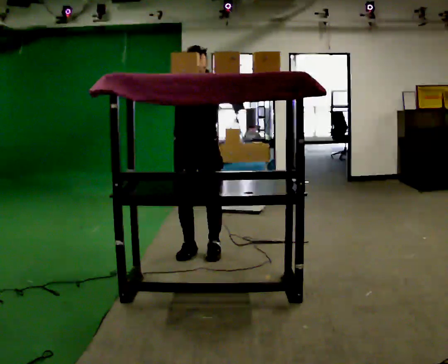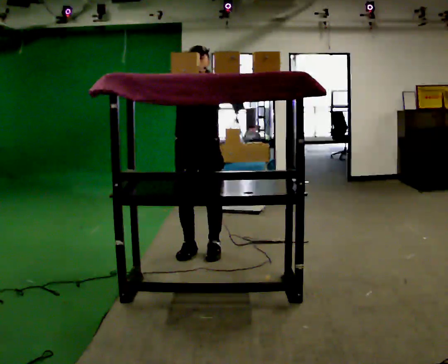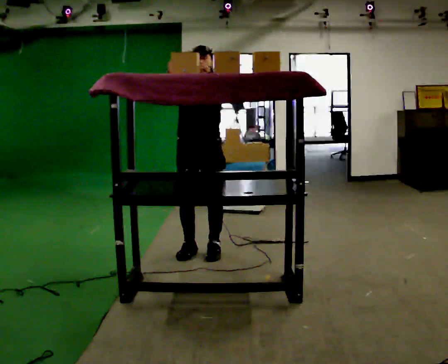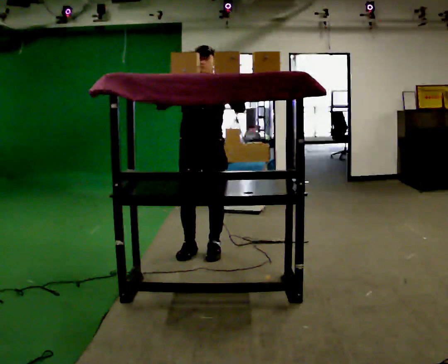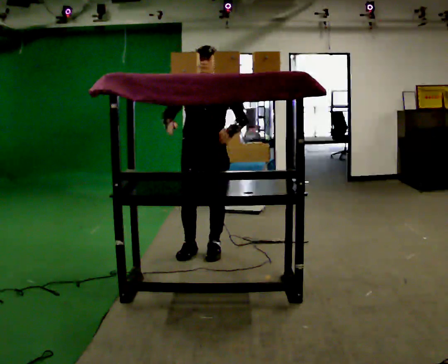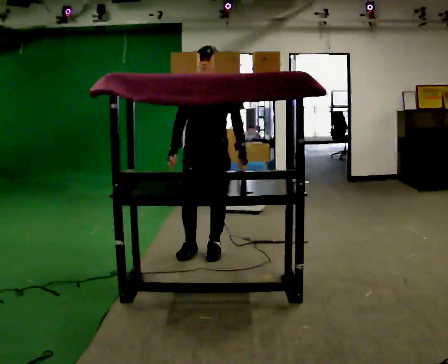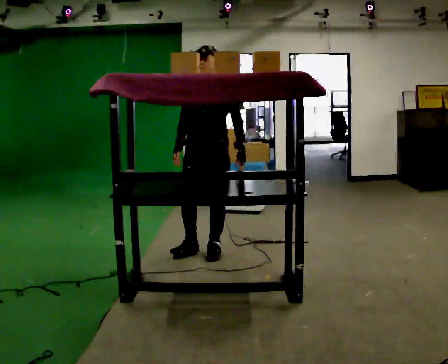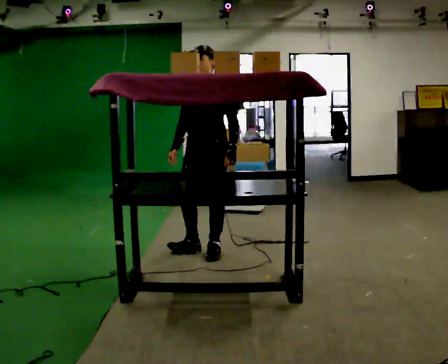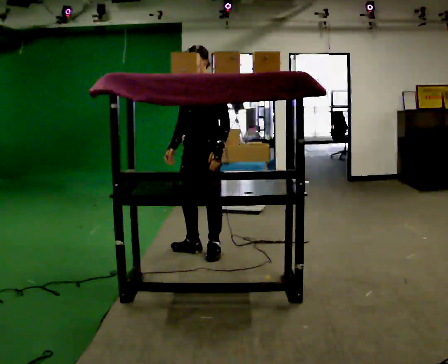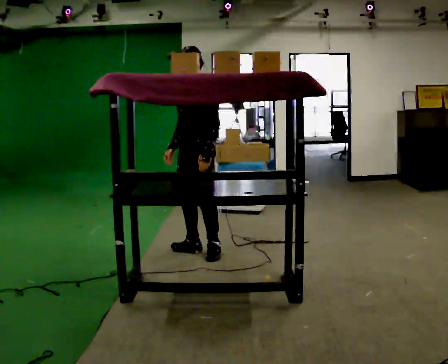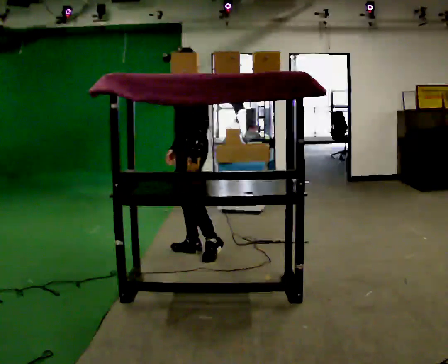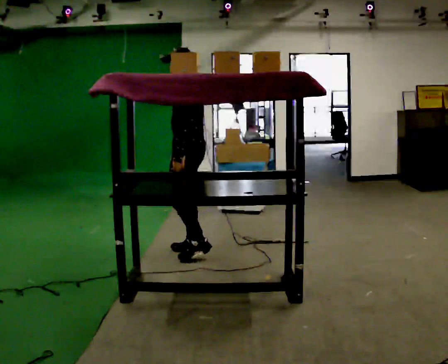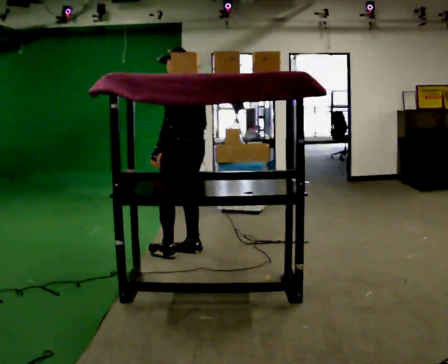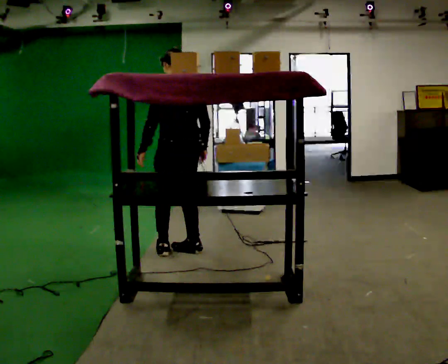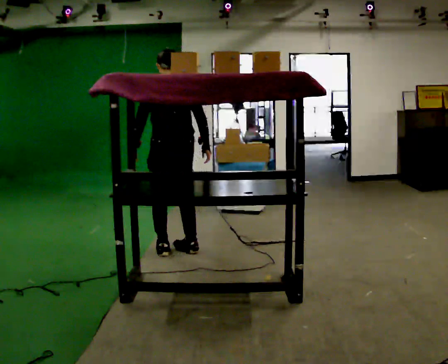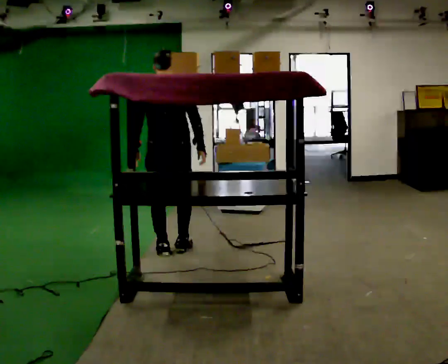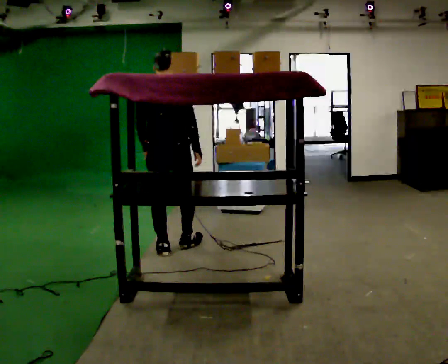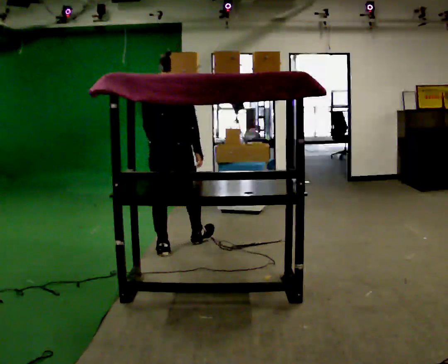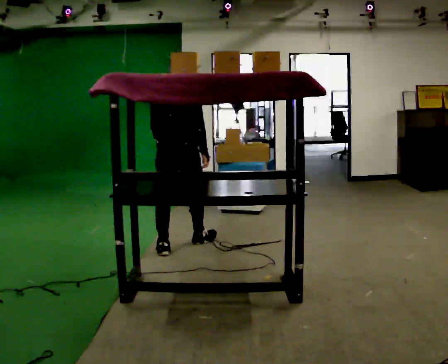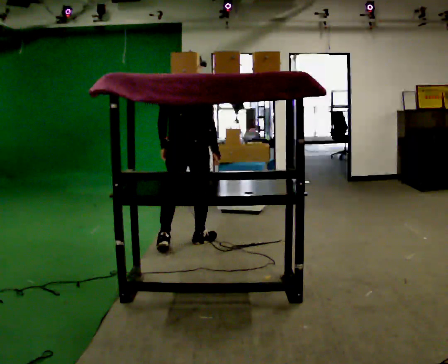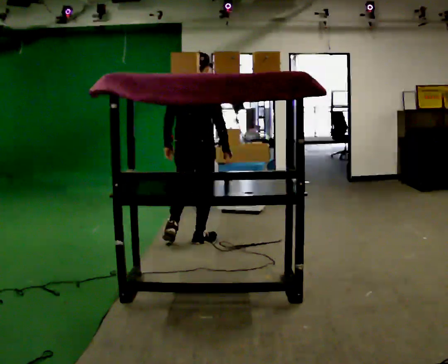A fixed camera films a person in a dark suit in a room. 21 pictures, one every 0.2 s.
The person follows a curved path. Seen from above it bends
clockwise.
The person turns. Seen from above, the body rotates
clockwise.
0.0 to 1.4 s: The part of the body nearest the lens slides to the left as the person turns to their right by about 30 degrees. In the picture their right hand goes downward.
1.4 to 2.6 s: The person turns about 120 degrees to their right, clockwise seen from above, so the part of the body nearest the lens slides to the left. In the picture they go to the left, about 0.25 m in 1 step. In the picture their left hand goes to the left, the arm swinging clockwise.
2.6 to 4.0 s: The person turns about 60 degrees to their right, clockwise seen from above, so the part of the body nearest the lens slides to the left. In the picture they go away from the camera, about 0.25 m in 1 step, which for them is forward.
The film runs forward here.
